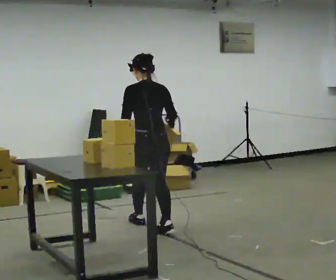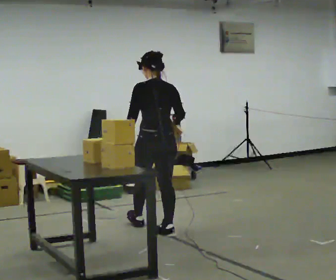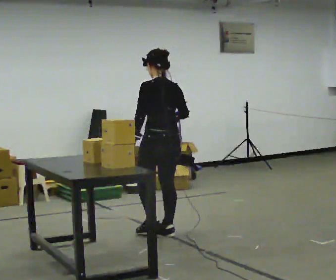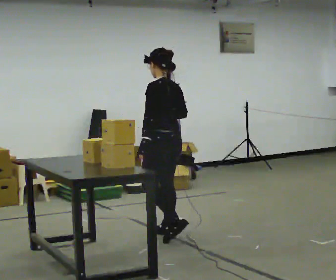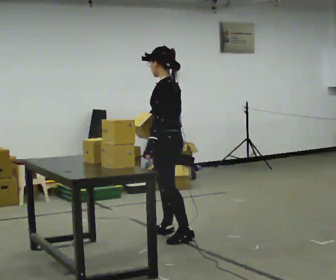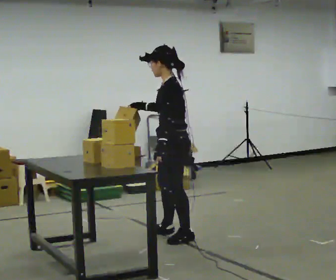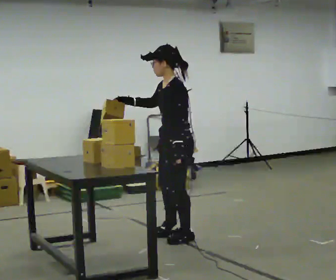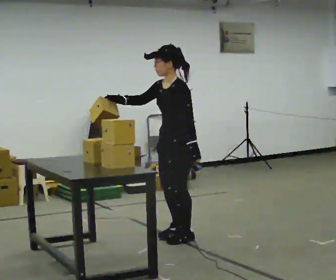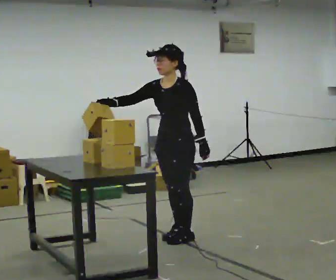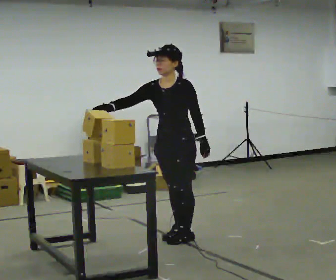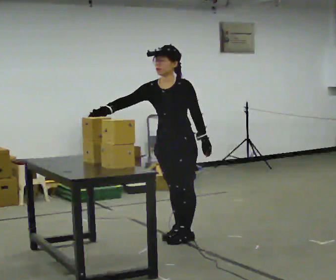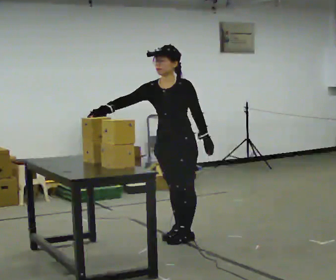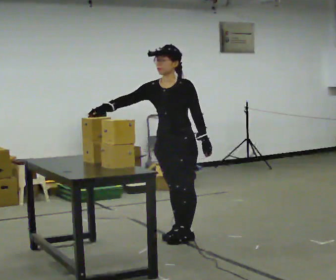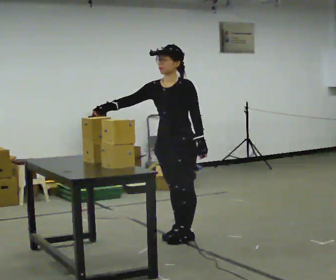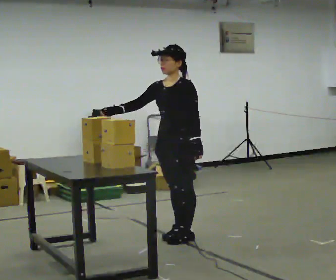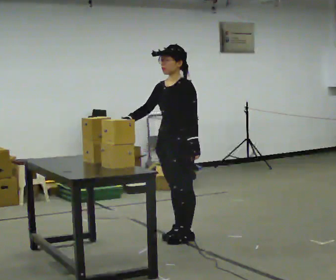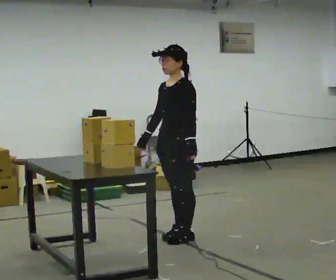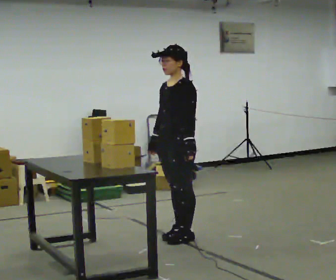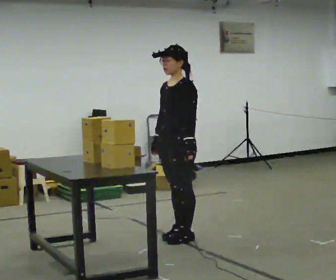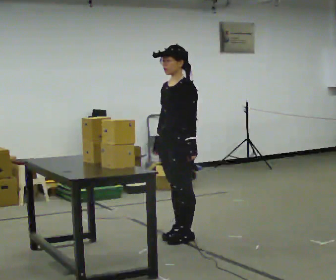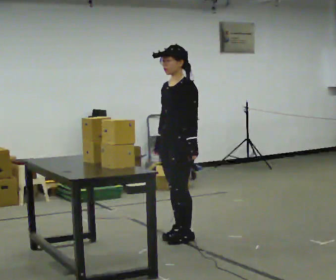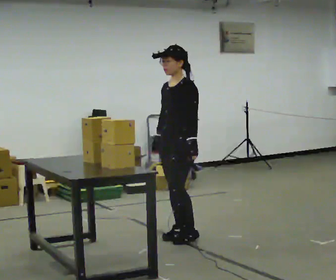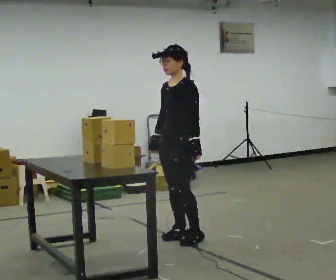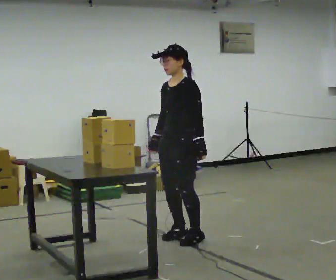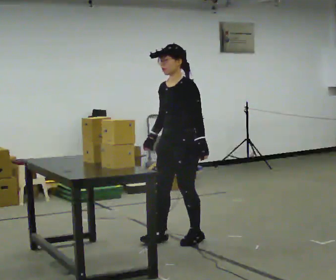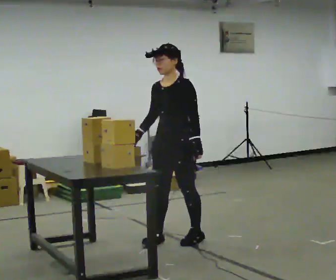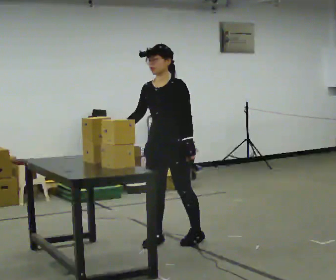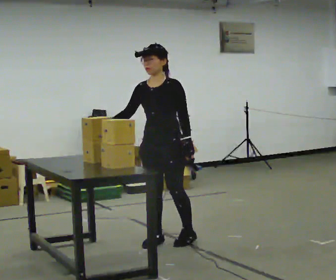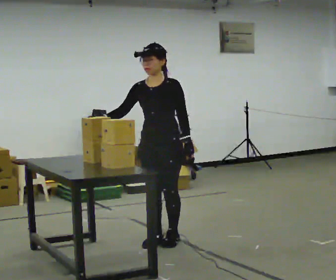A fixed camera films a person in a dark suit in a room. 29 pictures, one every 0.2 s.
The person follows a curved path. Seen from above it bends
clockwise.
0.0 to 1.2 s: Seen from above the body turns counterclockwise, about 90 degrees: to their left, with its near side sliding to the right. In the picture they go toward the camera and to the right, about 0.5 m in 1 step.
1.2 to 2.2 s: The part of the body nearest the lens slides to the right as the person turns to their left by about 45 degrees.
2.2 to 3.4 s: The person turns about 30 degrees to their right, clockwise seen from above, so the part of the body nearest the lens slides to the left. In the picture their right hand goes to the right, the arm swinging counterclockwise.
3.4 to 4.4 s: The person moves a little, or ends about where they began.
4.4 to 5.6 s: Seen from above the body turns counterclockwise, about 30 degrees: to their left, with its near side sliding to the right. In the picture they go to the left, about 0.25 m in 2 steps, which for them is forward. In the picture their right hand goes to the left.
The film runs backward here.
